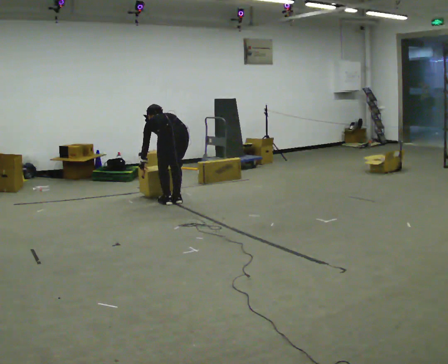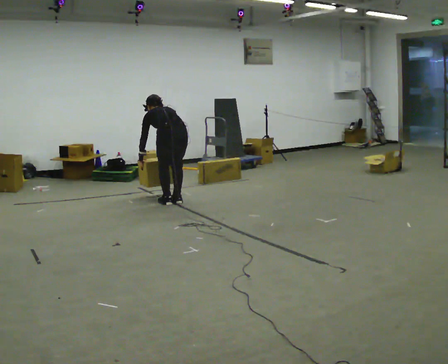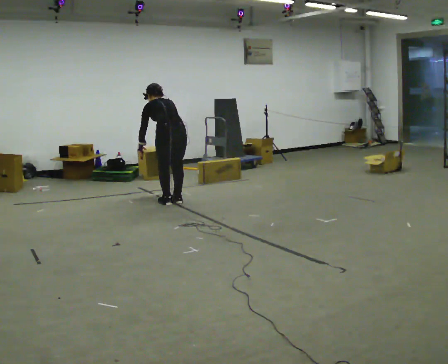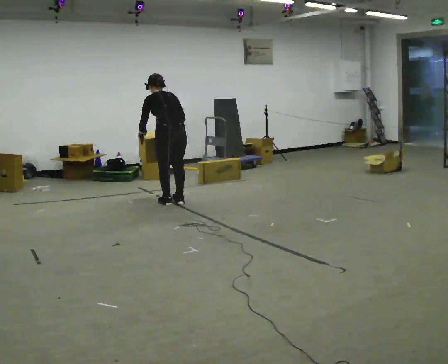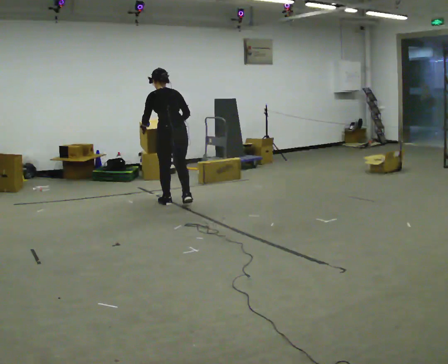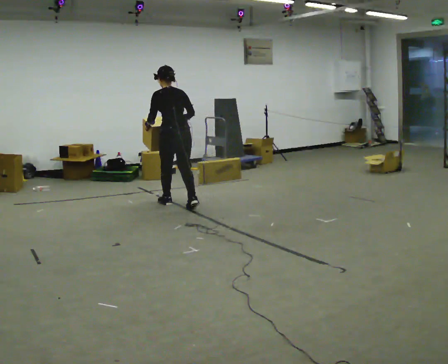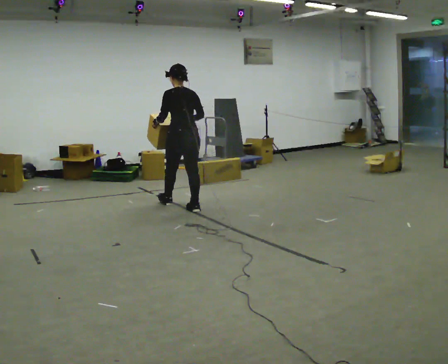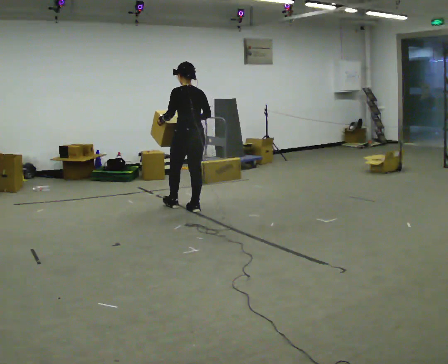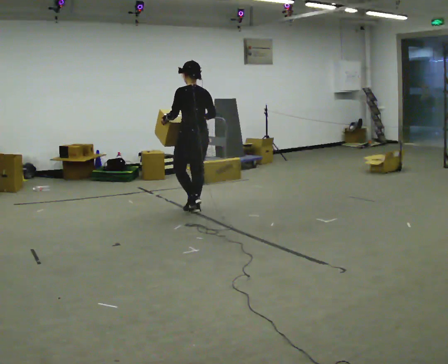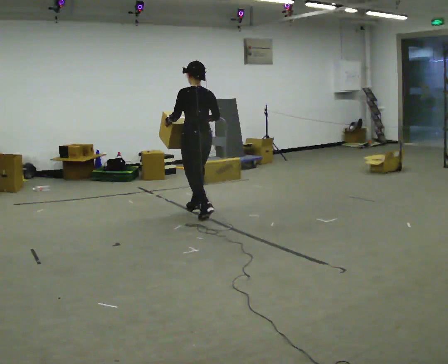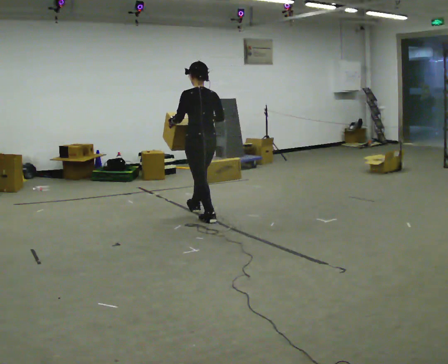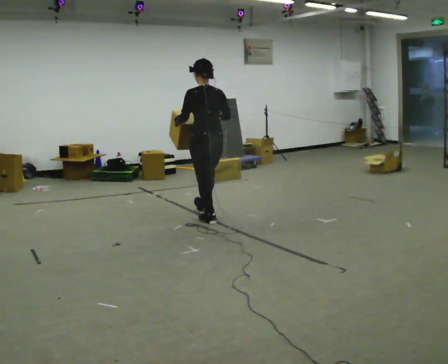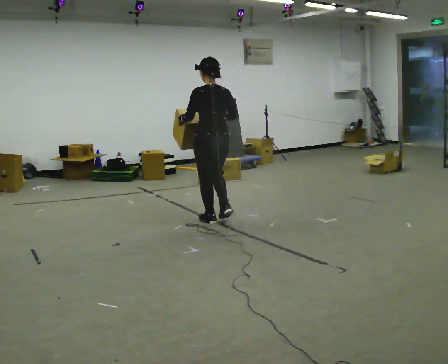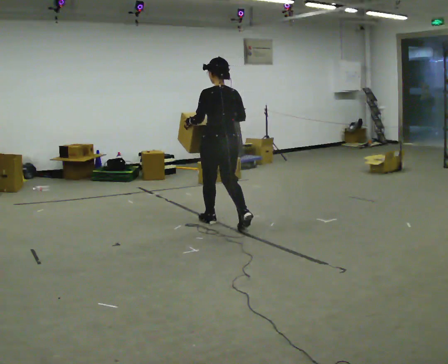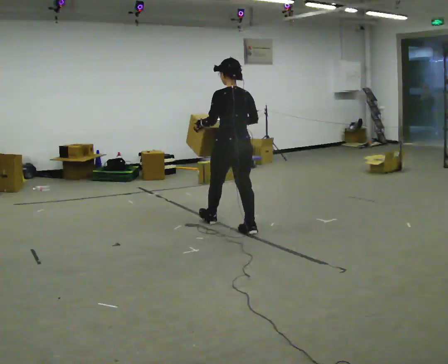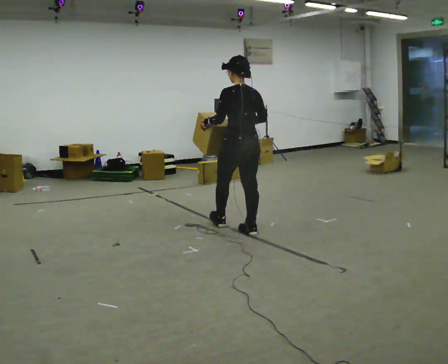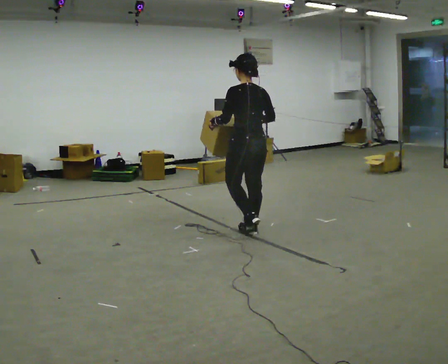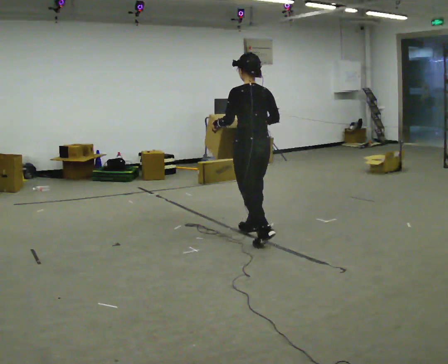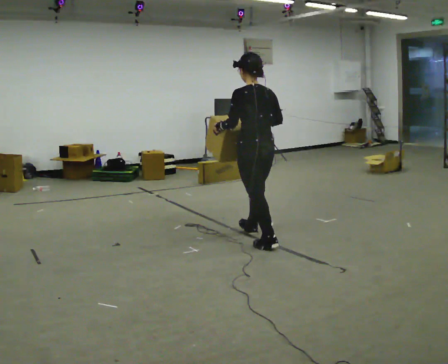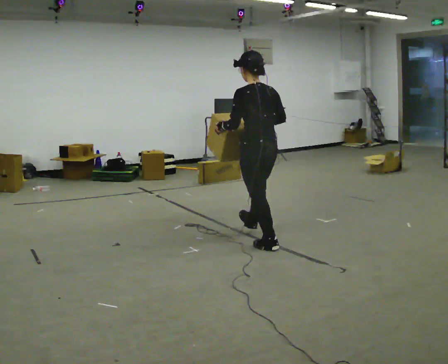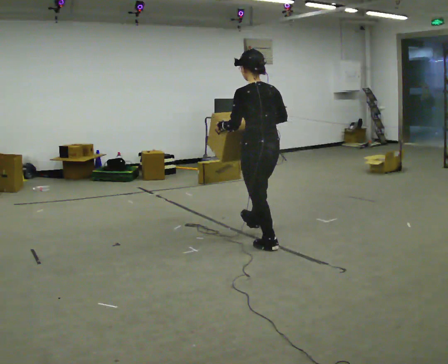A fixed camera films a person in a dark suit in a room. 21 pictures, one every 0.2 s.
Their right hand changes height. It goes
upward.
The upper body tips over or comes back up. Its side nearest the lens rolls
downward.
0.0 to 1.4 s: In the picture they go toward the camera and to the right, about 0.25 m in 2 steps, which for them is backward. The upper body goes upward. The upper body tips toward the camera, its near side rolling downward, as they lean back or straighten. In the picture their right hand goes upward.
1.4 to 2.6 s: In the picture they go toward the camera and to the right, about 0.75 m in 1 step, which for them is backward.
2.6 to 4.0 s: In the picture they go toward the camera and to the right, about 1 m in 2 steps, which for them is backward.
The film runs backward here.
